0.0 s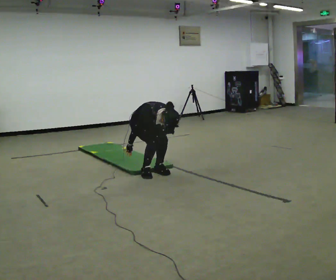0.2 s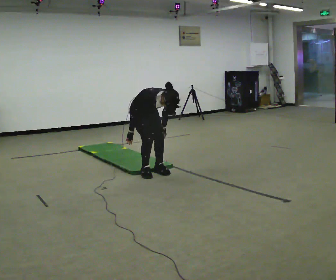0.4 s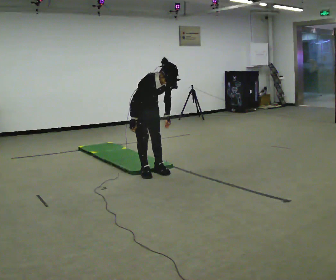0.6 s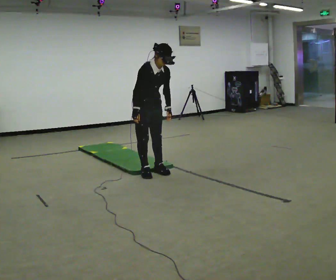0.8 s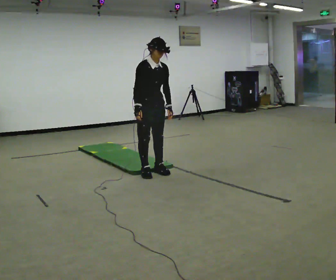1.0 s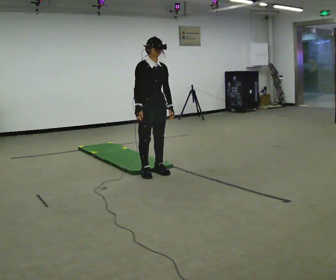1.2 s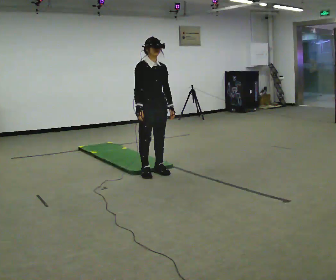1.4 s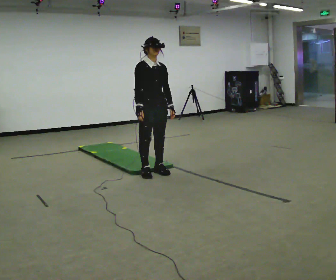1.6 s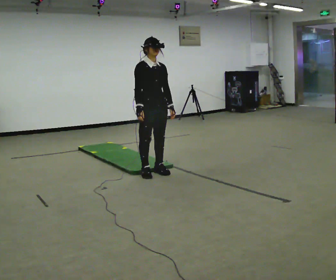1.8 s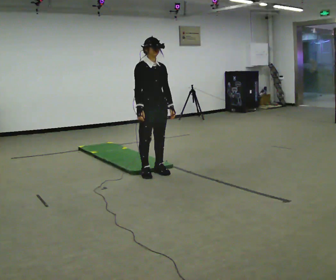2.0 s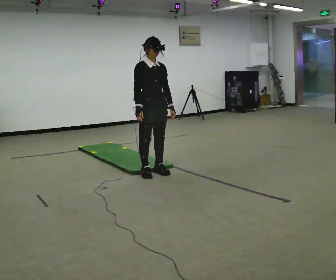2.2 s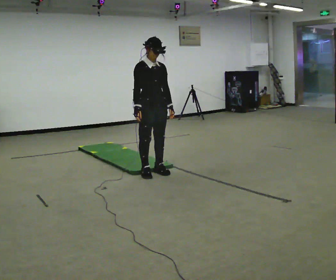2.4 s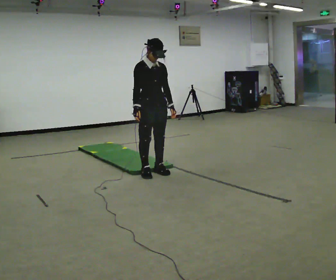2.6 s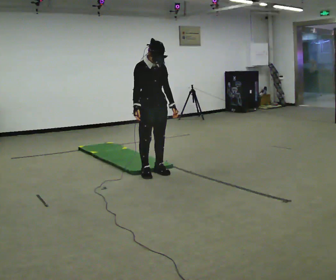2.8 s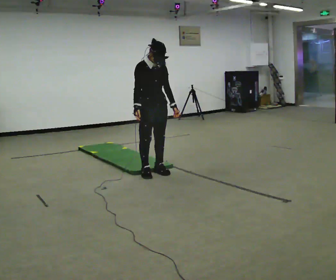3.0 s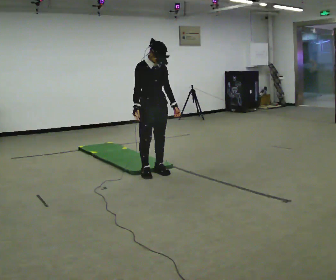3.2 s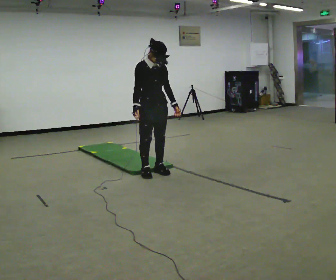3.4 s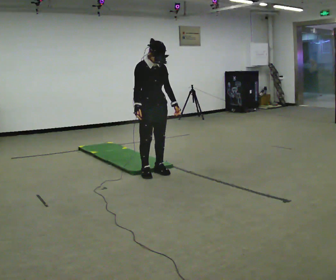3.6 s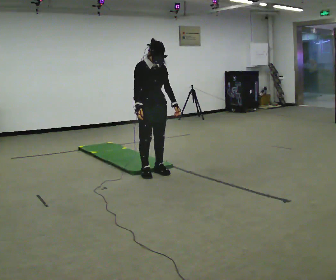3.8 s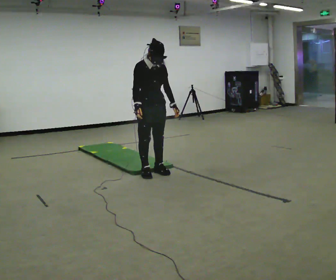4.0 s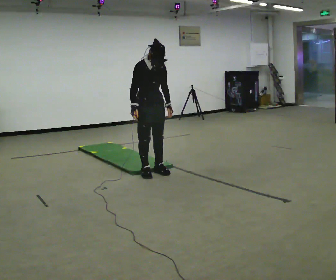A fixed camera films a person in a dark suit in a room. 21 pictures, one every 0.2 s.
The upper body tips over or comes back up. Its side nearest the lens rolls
upward.
Their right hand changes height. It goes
upward.
0.0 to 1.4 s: In the picture they go toward the camera, about 0.25 m, which for them is forward. The shoulders move upward. The upper body tips away from the camera, its near side rolling upward, as they lean back or straighten. In the picture their left hand goes upward.
1.4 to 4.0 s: The person moves a little, or ends about where they began.
The film runs backward here.
